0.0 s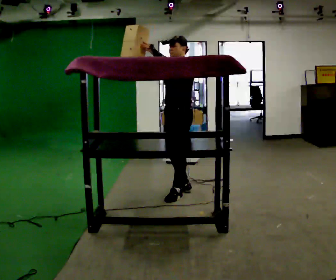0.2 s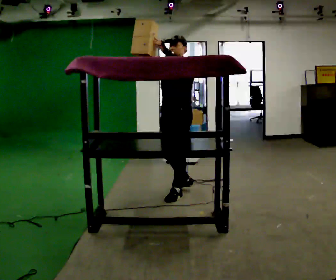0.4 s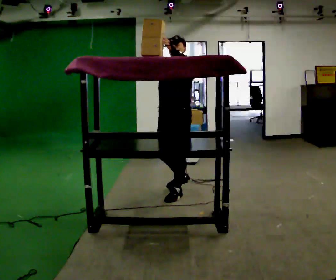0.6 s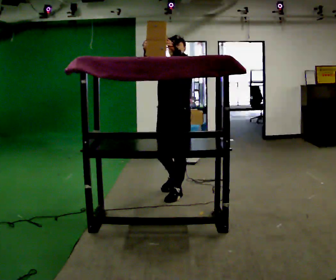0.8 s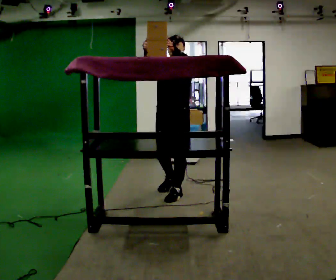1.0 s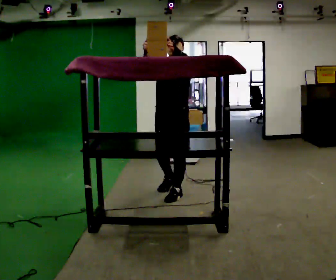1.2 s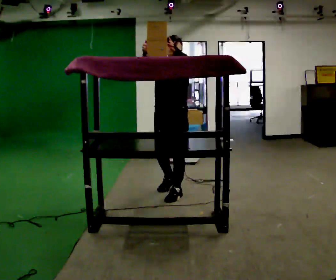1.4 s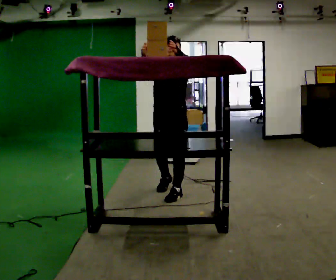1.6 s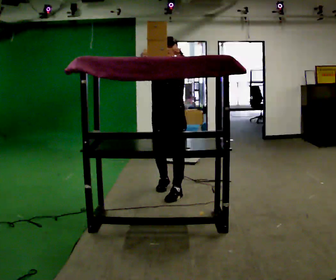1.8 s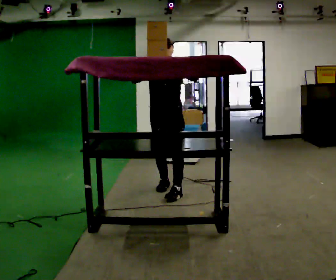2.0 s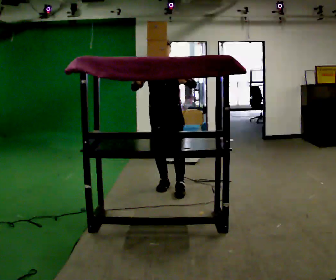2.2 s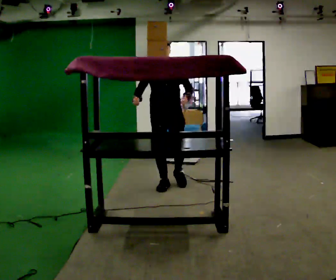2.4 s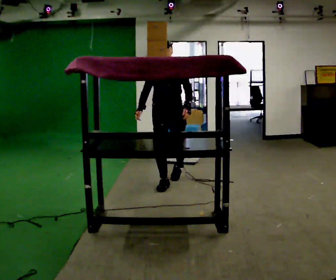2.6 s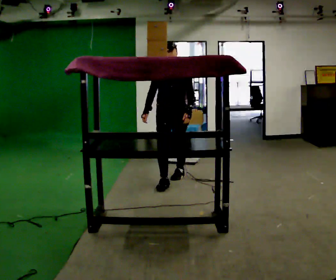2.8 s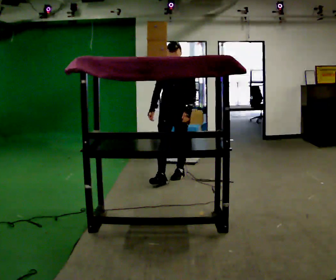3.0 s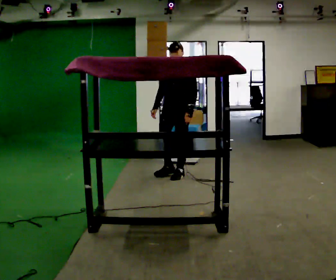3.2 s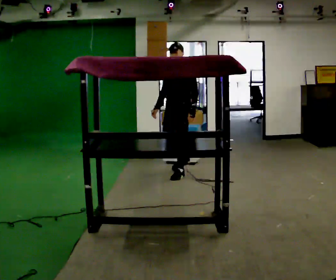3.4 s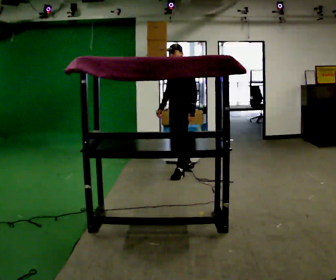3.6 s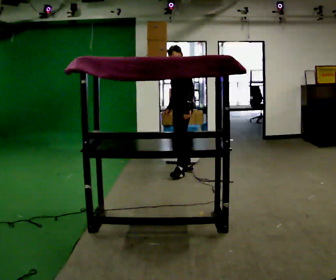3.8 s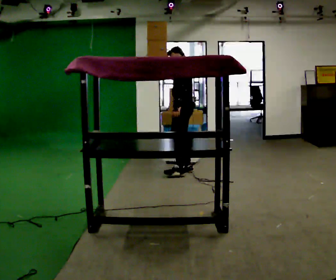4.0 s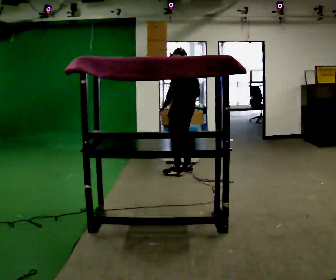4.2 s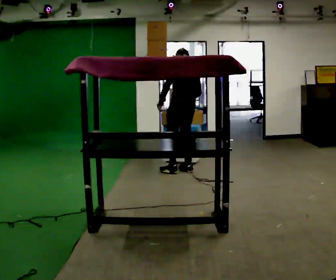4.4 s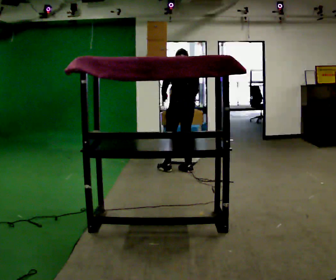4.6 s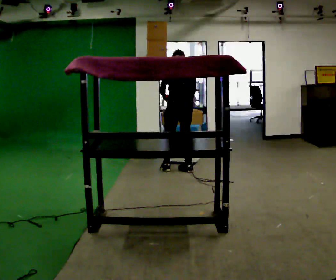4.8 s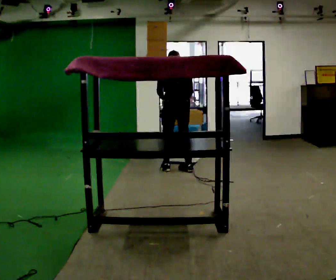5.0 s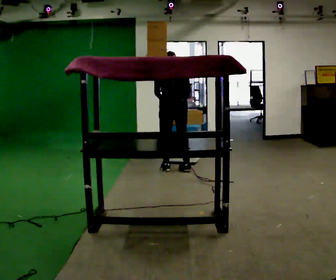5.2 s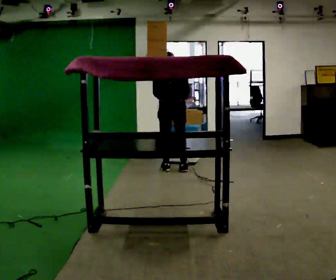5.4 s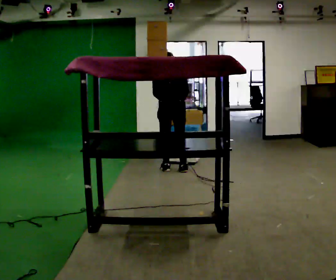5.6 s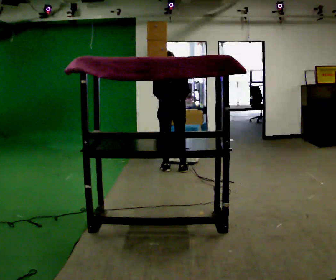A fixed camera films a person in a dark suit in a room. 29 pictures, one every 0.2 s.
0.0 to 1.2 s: The part of the body nearest the lens slides to the right as the person turns to their left by about 45 degrees.
1.2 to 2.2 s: In the picture they go away from the camera, about 0.5 m in 1 step, which for them is backward and to their right. In the picture their left hand goes downward.
2.2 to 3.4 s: The part of the body nearest the lens slides to the left as the person turns to their right by about 60 degrees. In the picture they go away from the camera, about 0.75 m in 1 step.
3.4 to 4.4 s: The person turns about 105 degrees to their right, clockwise seen from above, so the part of the body nearest the lens slides to the left. In the picture their left hand goes to the left, the arm swinging clockwise.
4.4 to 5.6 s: Seen from above the body turns clockwise, about 30 degrees: to their right, with its near side sliding to the left. In the picture they go to the left, about 0.25 m, which for them is to their left.
The film runs backward here.
